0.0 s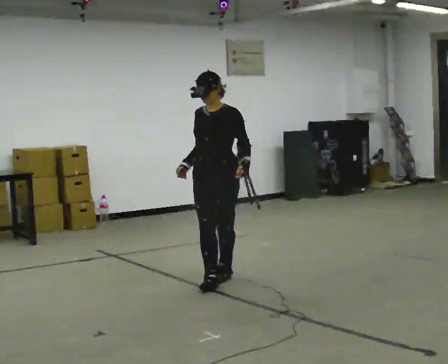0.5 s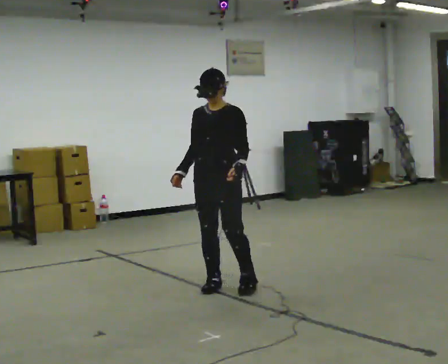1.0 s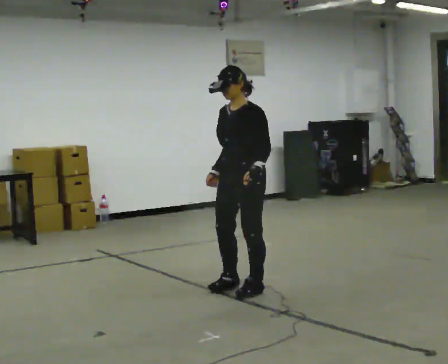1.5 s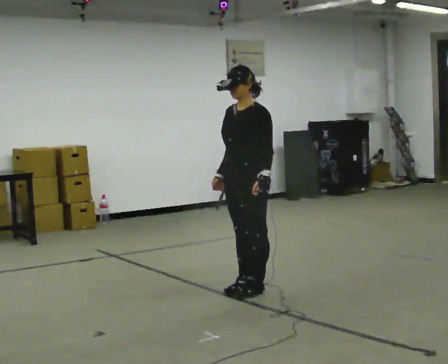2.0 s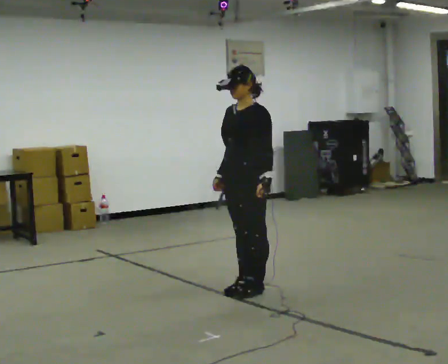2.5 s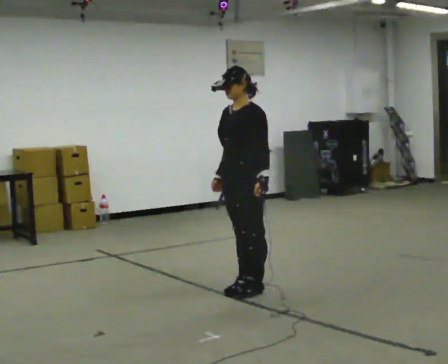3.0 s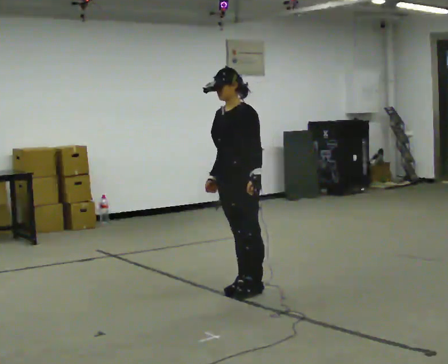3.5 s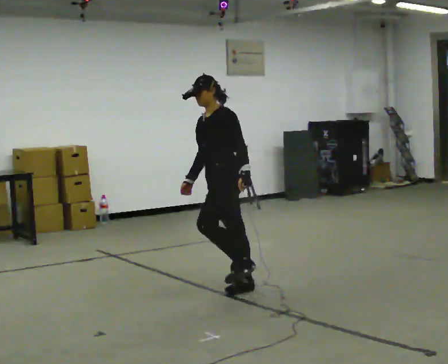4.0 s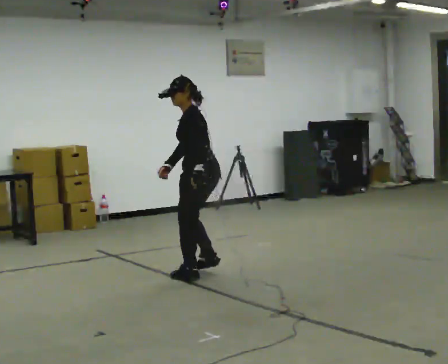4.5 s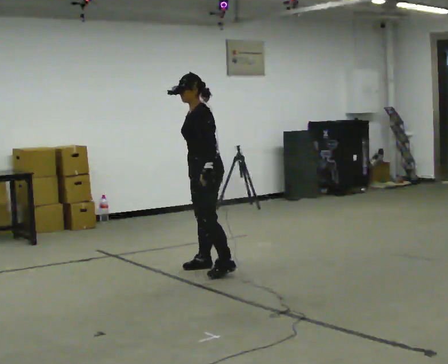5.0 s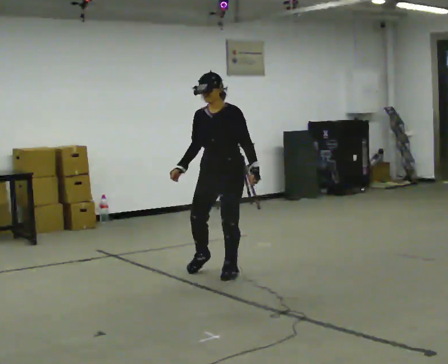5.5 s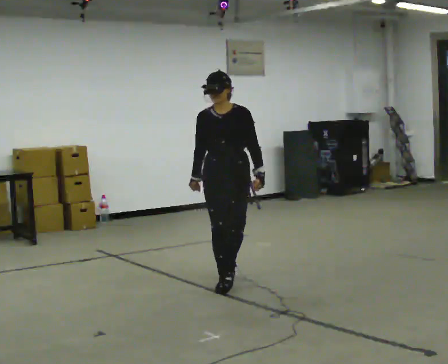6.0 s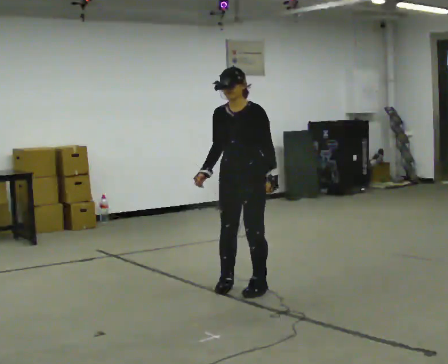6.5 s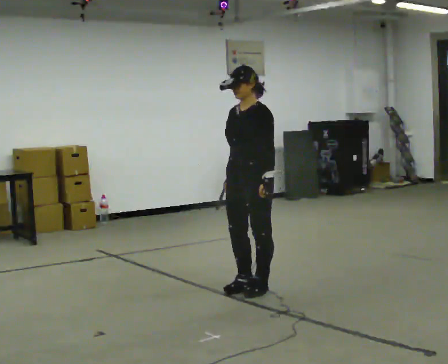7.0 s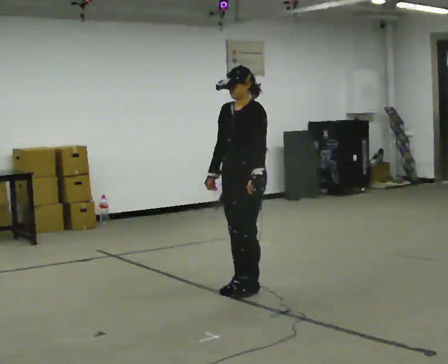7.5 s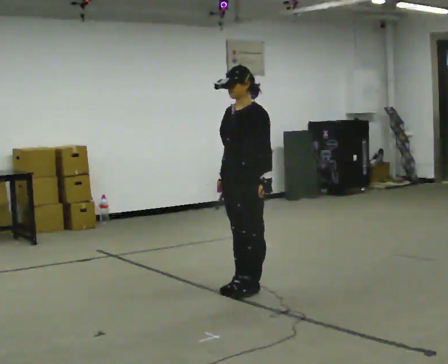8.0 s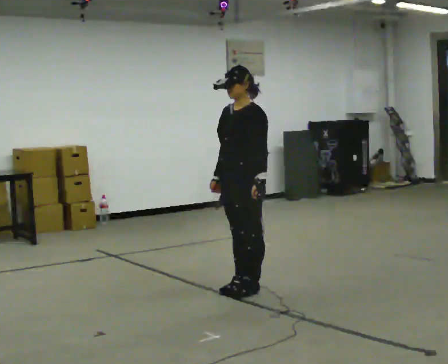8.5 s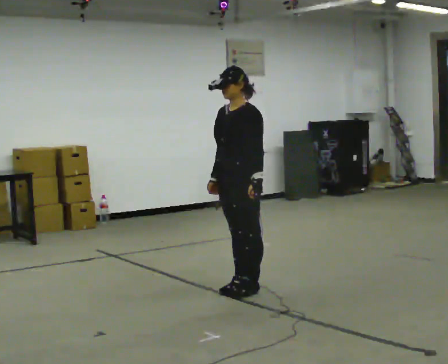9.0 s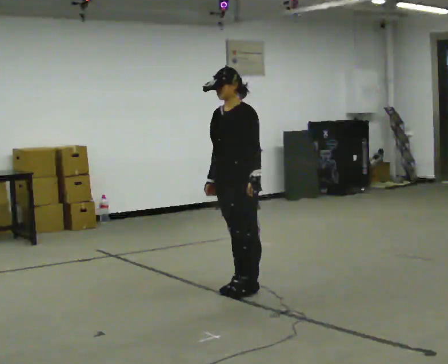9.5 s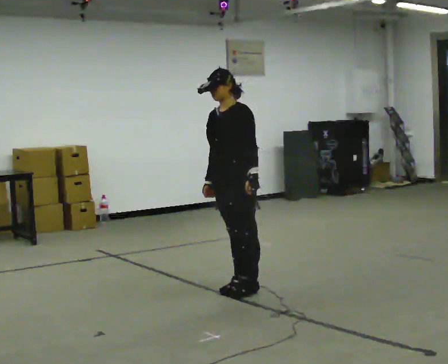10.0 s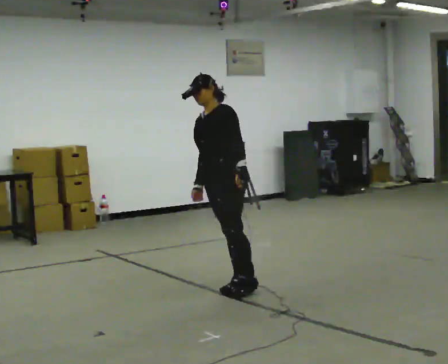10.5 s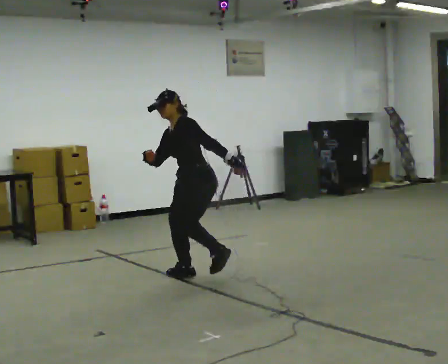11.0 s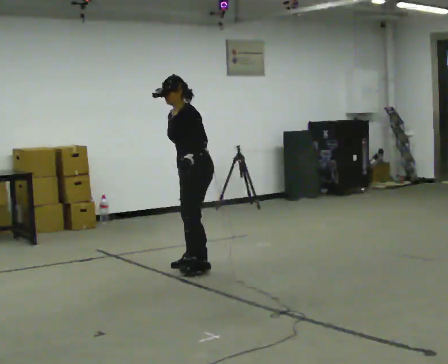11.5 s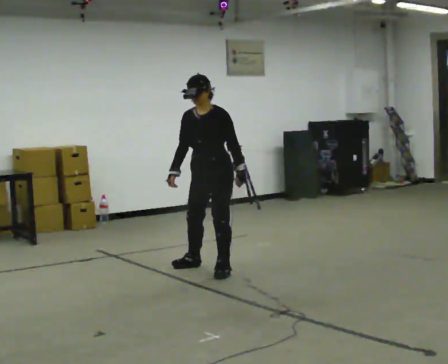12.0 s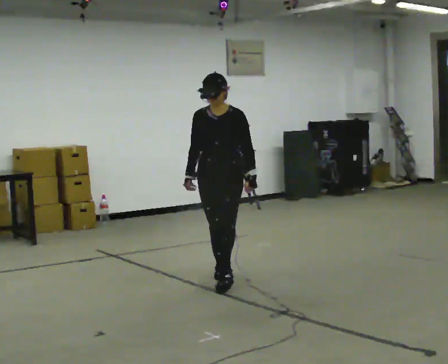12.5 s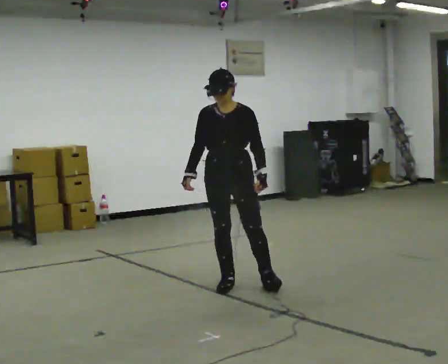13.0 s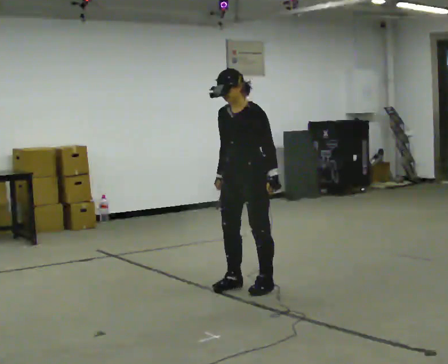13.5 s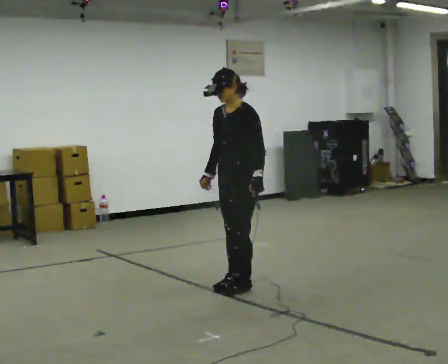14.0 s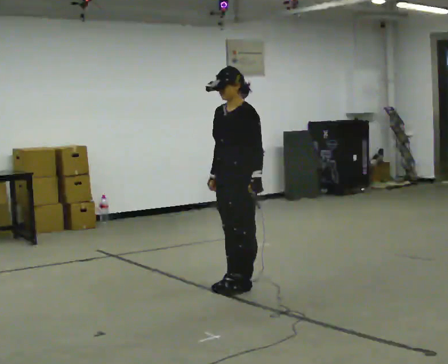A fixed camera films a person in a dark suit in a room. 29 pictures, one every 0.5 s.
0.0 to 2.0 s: Seen from above the body turns clockwise, about 30 degrees: to their right, with its near side sliding to the left. In the picture they go toward the camera and to the right, about 0.5 m in 3 steps, which for them is to their left.
2.0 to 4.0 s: The person turns about 45 degrees to their right, clockwise seen from above, so the part of the body nearest the lens slides to the left. In the picture they go away from the camera and to the left, about 0.5 m in 1 step, which for them is to their right.
4.0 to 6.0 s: The person turns about 60 degrees to their left, counterclockwise seen from above, so the part of the body nearest the lens slides to the right. In the picture they go to the right and toward the camera, about 0.5 m in 4 steps.
6.0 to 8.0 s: The person moves a little, or ends about where they began.
8.0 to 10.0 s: In the picture they go away from the camera and to the left, about 0.25 m, which for them is to their right. In the picture the upper body tilts counterclockwise, shoulders to the left.
10.0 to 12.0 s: The part of the body nearest the lens slides to the right as the person turns to their left by about 45 degrees. In the picture they go away from the camera, about 0.25 m in 3 steps.
12.0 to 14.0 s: The person turns about 45 degrees to their right, clockwise seen from above, so the part of the body nearest the lens slides to the left. In the picture they go toward the camera and to the right, about 0.25 m in 2 steps, which for them is to their left and forward.
The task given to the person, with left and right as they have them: Stand on the marked spots. Lean to the side the operator calls until you cannot hold it, then step to catch yourself. Return to the spots. Repeat at your own pace until the operator says stop. Go slowly and only as far as you are comfortable. Step whenever you need to; do not try to hold on longer than feels safe.
The film runs forward here.
